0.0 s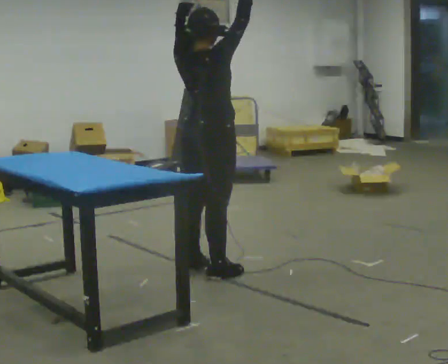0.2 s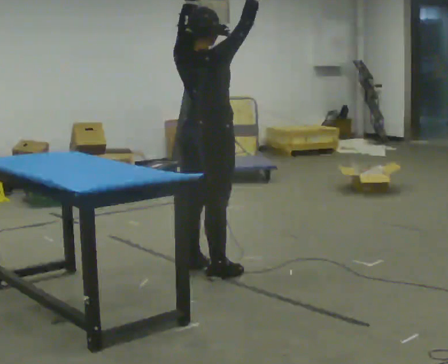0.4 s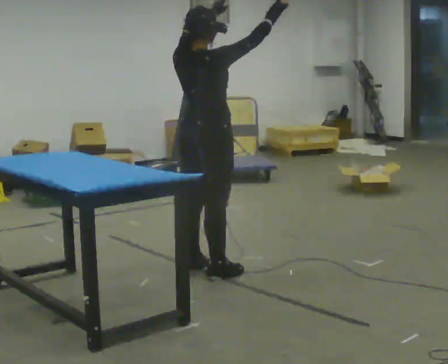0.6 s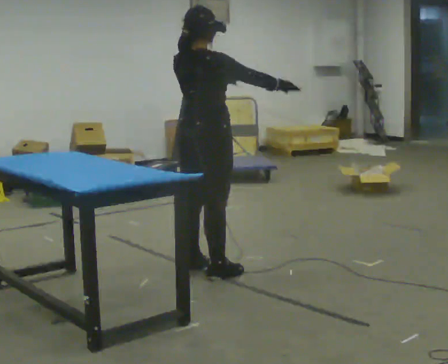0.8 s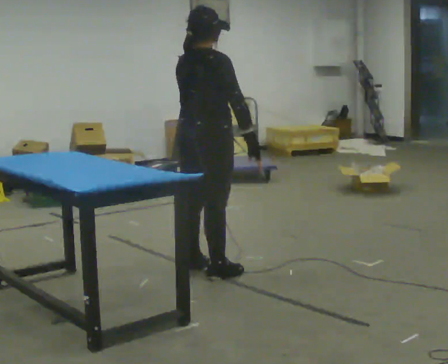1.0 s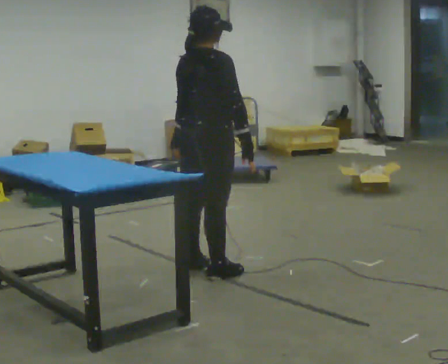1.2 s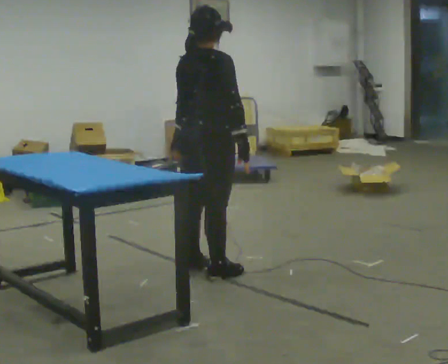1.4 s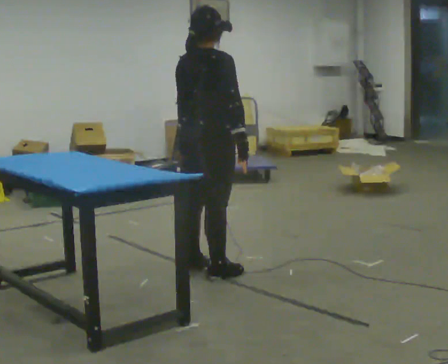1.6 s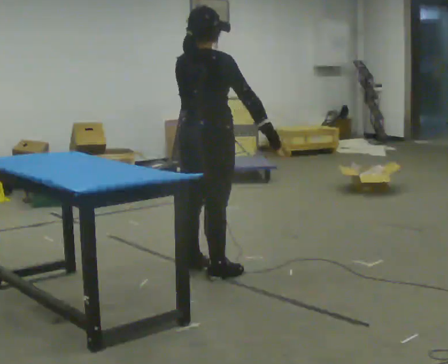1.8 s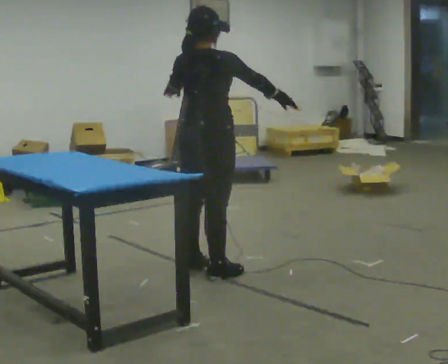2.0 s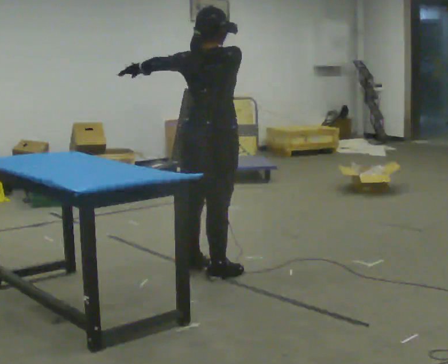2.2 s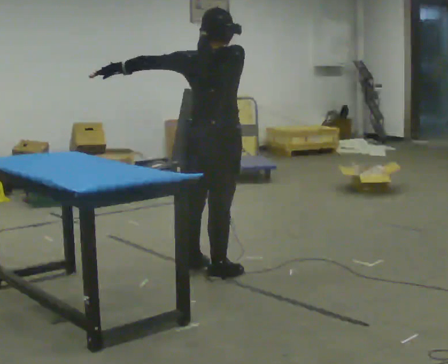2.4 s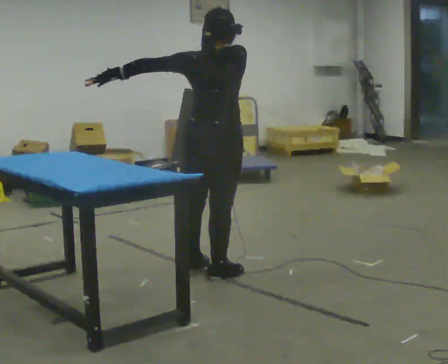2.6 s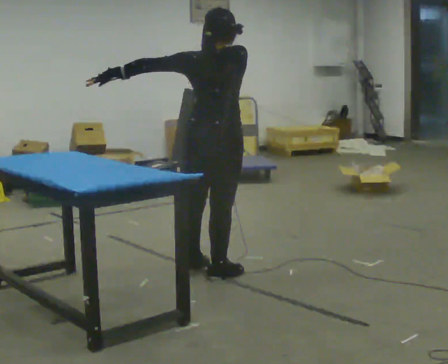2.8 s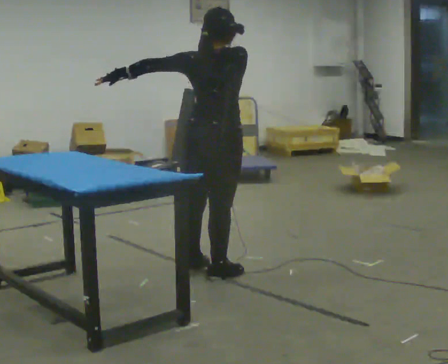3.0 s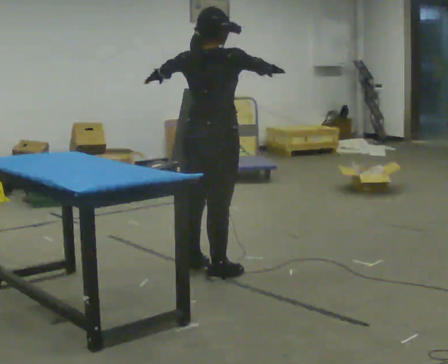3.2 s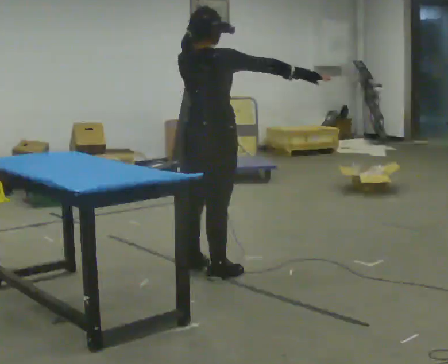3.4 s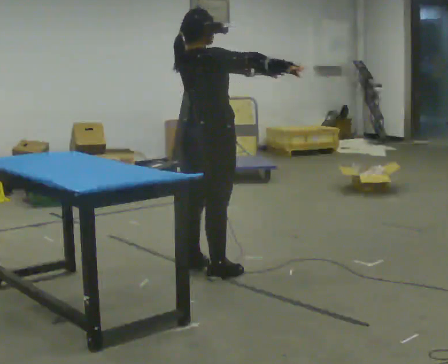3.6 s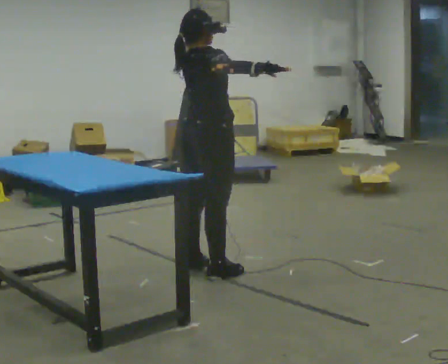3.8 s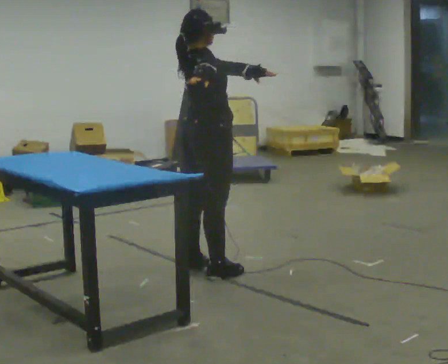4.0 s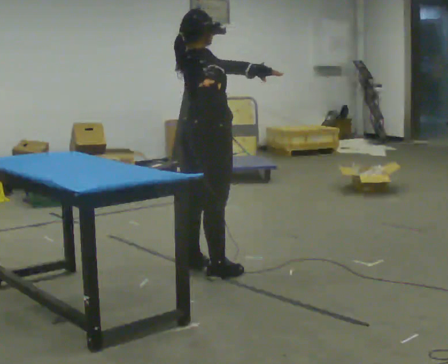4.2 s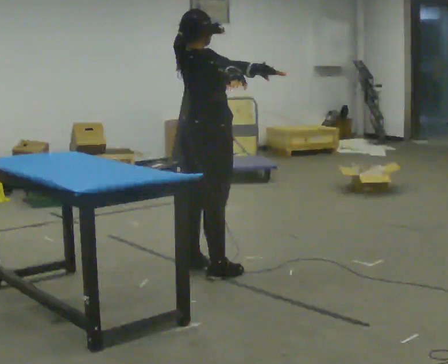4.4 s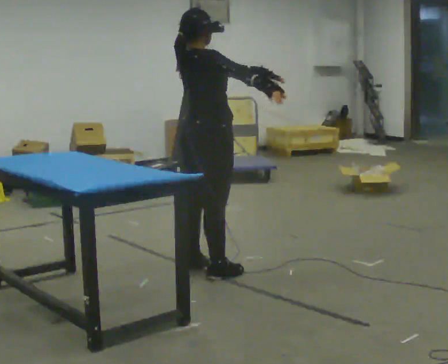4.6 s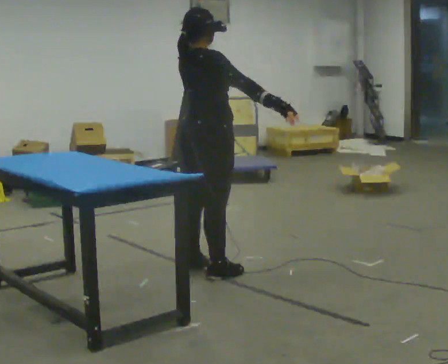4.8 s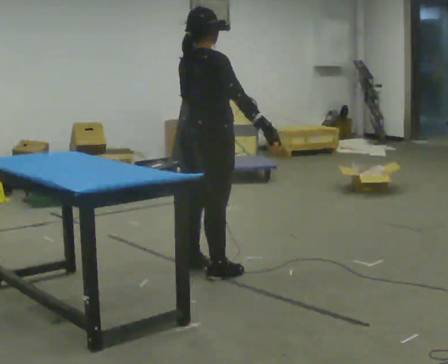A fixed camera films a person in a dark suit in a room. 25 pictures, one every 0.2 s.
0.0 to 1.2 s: In the picture their right hand goes downward, the arm swinging clockwise.
1.2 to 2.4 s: The part of the body nearest the lens slides to the right as the person turns to their left by about 30 degrees. In the picture their right hand goes upward.
2.4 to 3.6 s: The part of the body nearest the lens slides to the left as the person turns to their right by about 45 degrees.
3.6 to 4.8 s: In the picture their left hand goes to the left and downward.
The film runs forward here.
